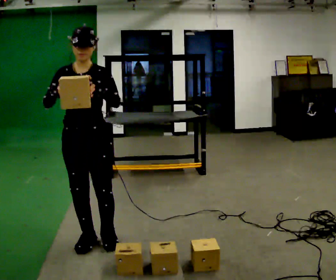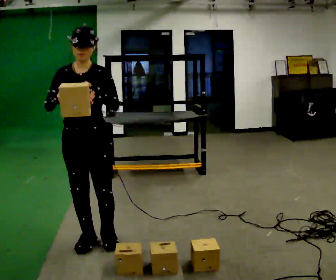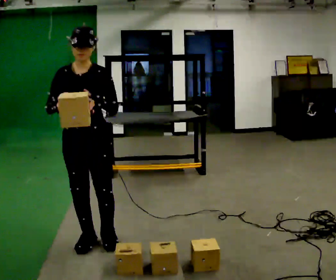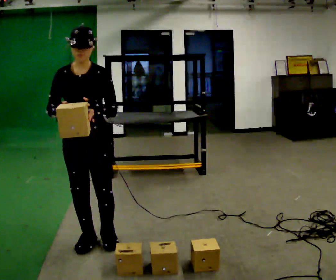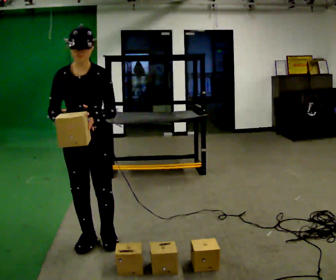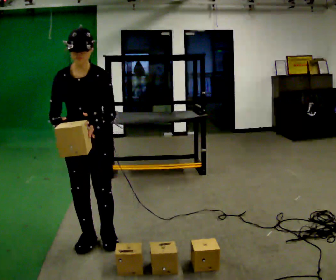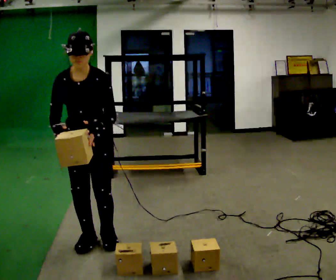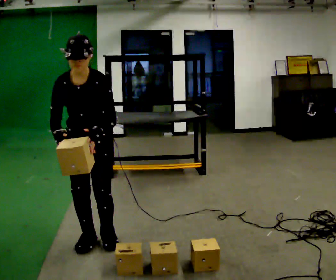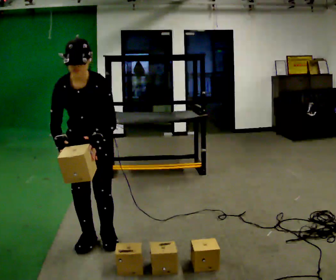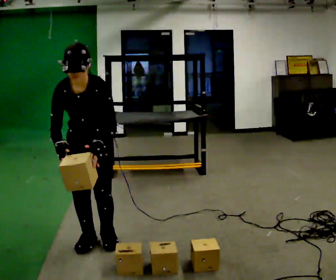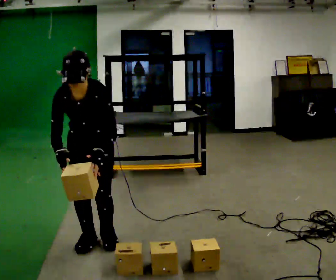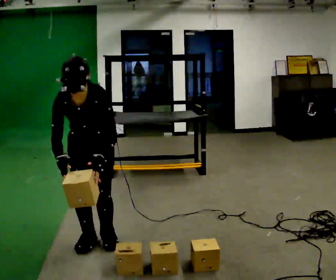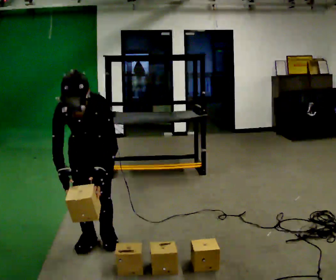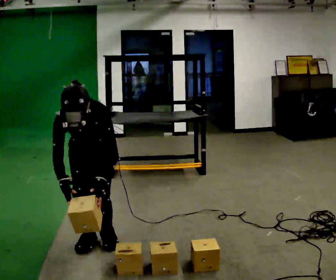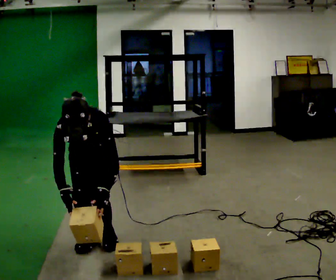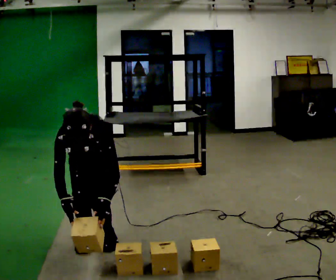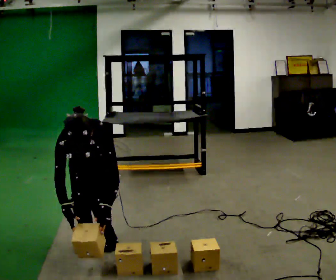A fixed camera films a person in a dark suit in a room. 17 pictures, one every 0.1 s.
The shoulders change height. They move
downward.
The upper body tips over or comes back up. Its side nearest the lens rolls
downward.
0.0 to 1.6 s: In the picture they go away from the camera, about 0.25 m, which for them is backward. The upper body goes downward. The upper body tips toward the camera, its near side rolling downward, as they bend forward. In the picture their right hand goes downward.
The film runs backward here.
